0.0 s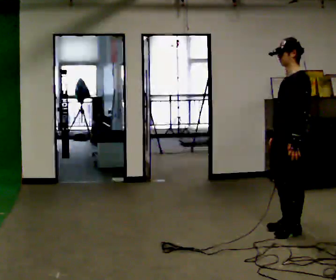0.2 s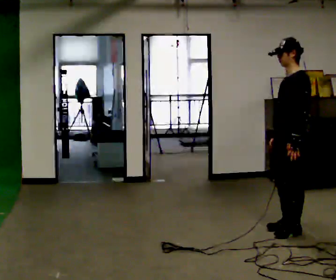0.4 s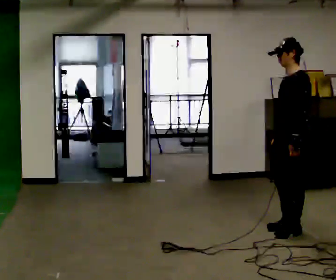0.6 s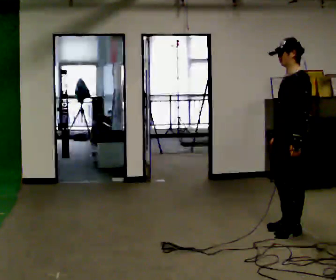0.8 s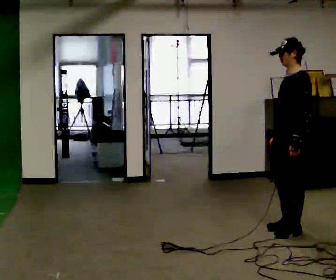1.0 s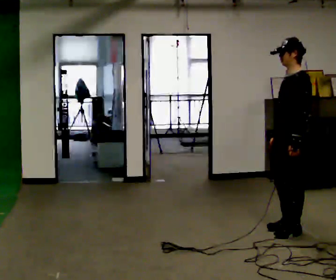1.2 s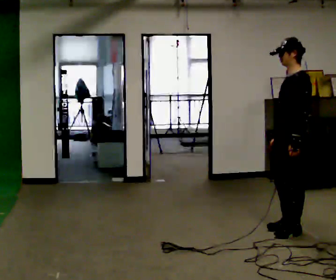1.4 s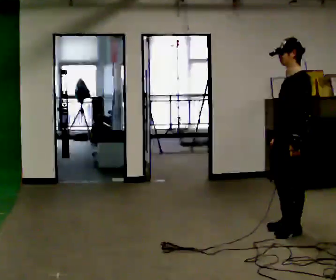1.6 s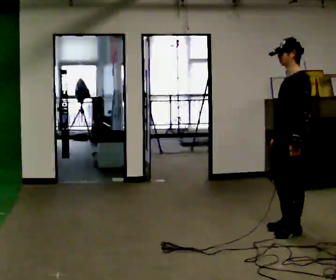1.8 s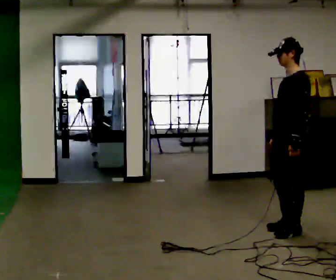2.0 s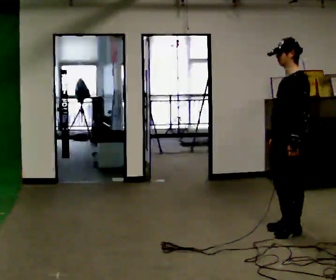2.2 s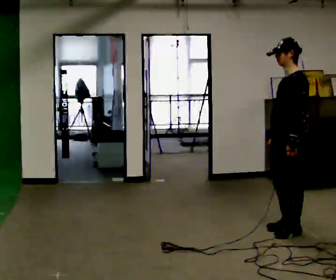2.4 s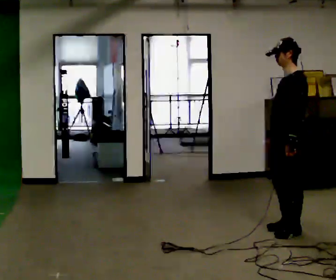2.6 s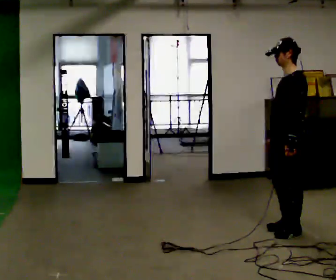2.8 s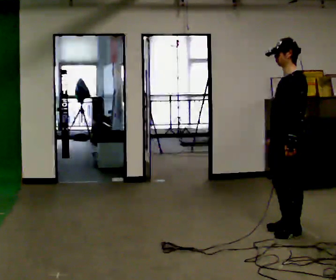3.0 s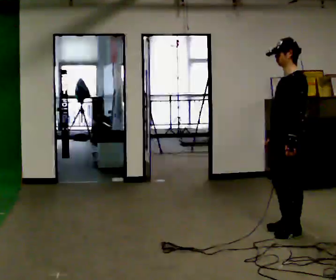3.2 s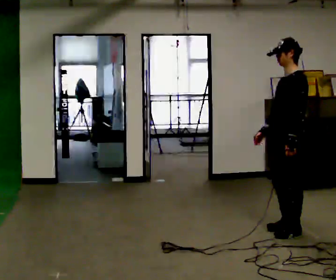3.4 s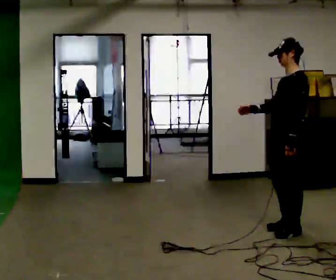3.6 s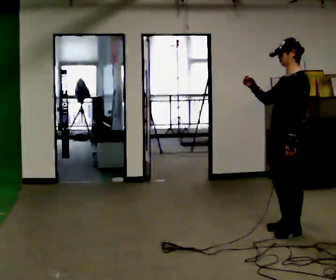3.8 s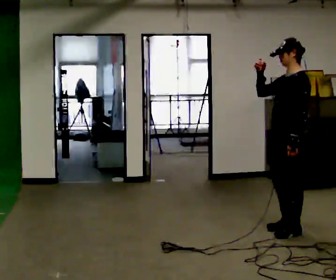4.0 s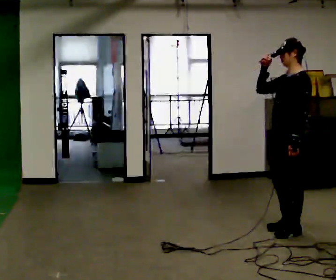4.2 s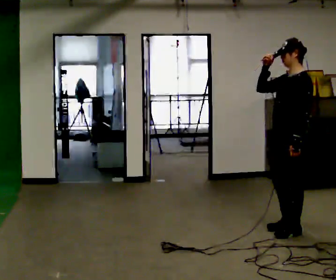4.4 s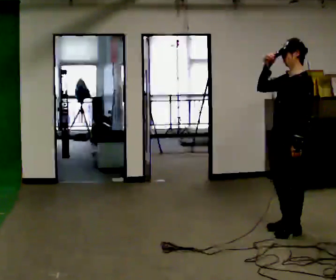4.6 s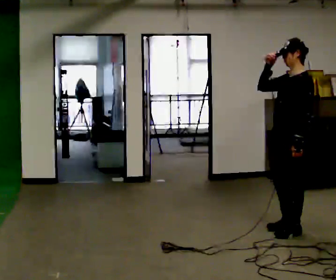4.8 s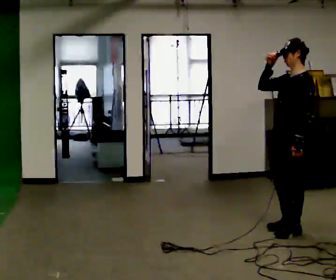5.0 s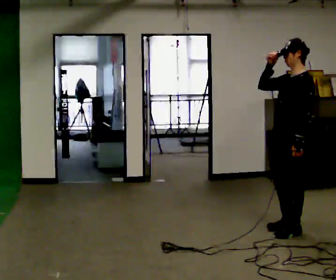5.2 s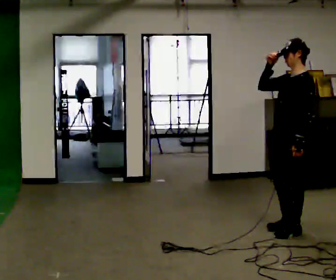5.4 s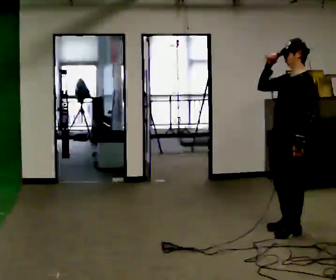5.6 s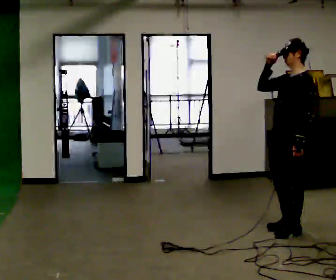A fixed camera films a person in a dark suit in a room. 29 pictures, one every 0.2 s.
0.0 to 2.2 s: The person moves a little, or ends about where they began.
2.2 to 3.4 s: In the picture their right hand goes upward.
3.4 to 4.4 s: In the picture their right hand goes upward.
4.4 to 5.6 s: The person keeps their place and pose.
The film runs forward here.
